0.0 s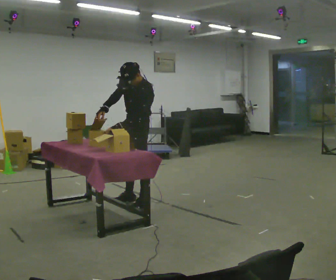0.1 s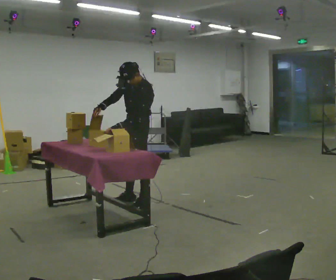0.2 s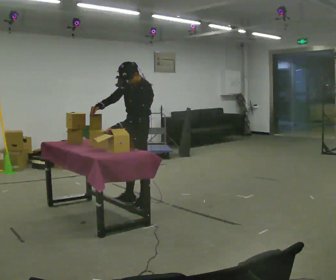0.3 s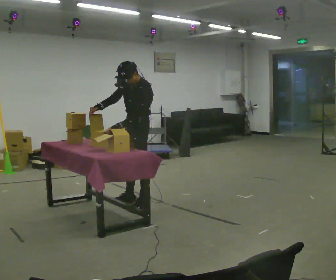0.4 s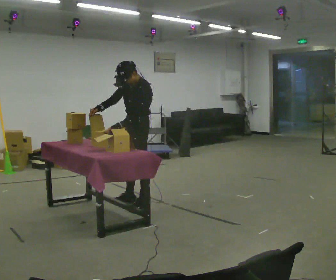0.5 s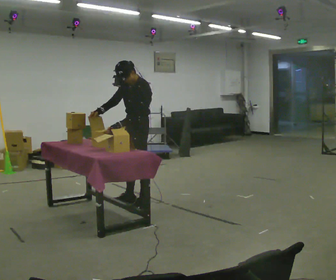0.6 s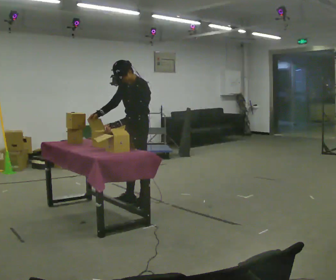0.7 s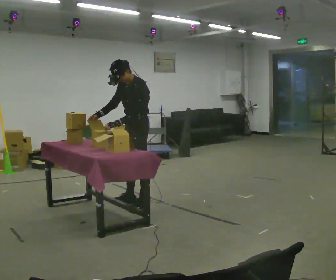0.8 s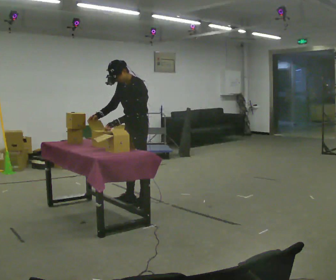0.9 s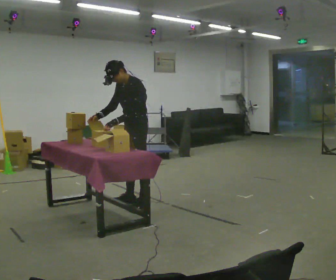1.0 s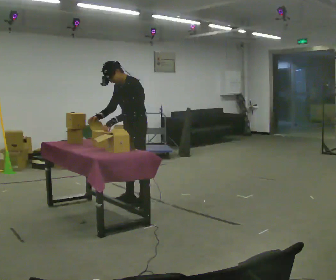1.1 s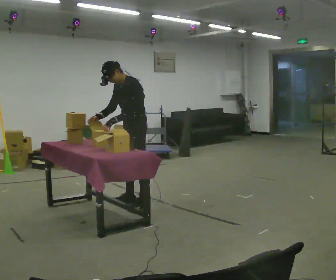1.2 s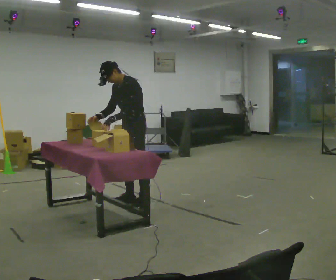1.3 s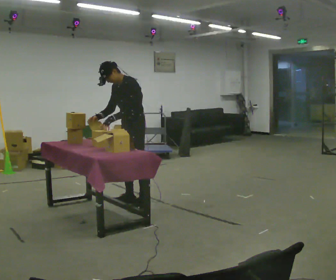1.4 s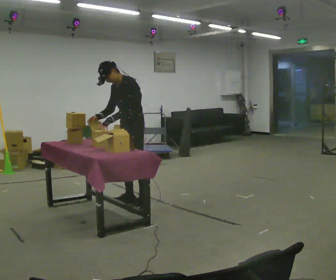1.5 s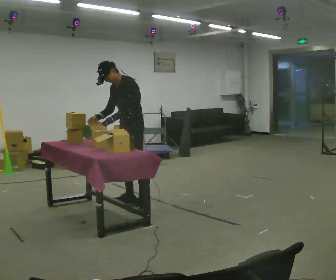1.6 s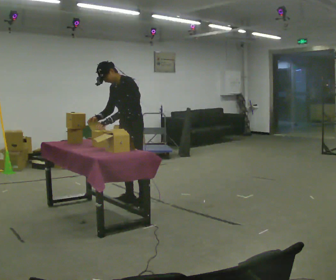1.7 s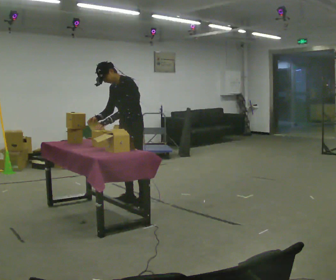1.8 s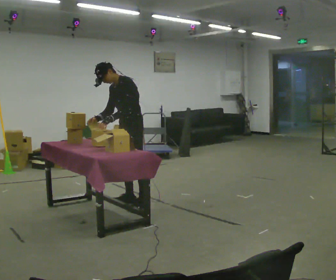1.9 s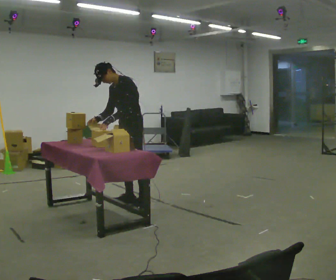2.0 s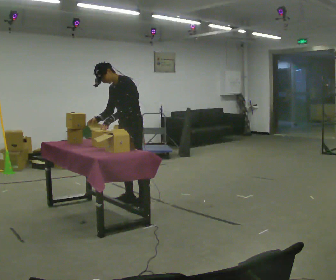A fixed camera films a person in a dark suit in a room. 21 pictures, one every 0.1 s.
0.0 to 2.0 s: The upper body tips away from the camera, its near side rolling upward.
The film runs forward here.
